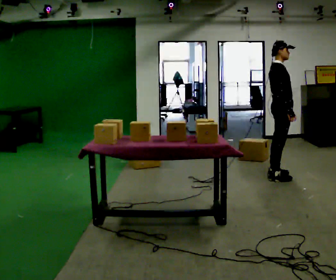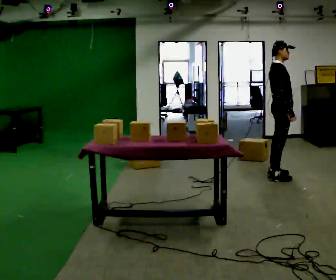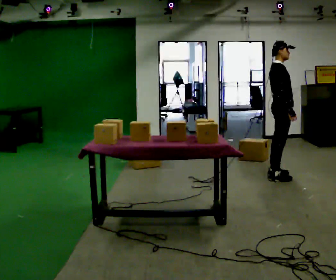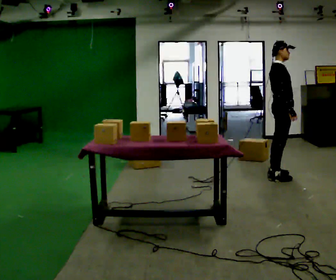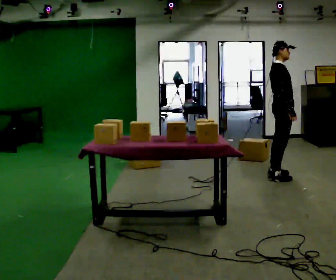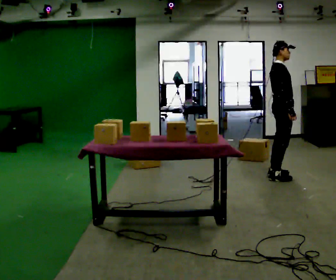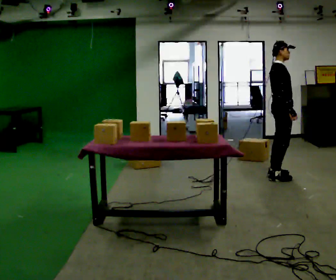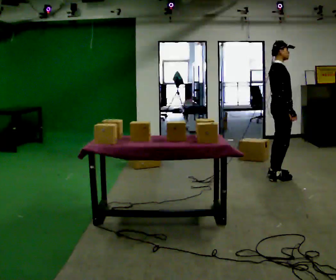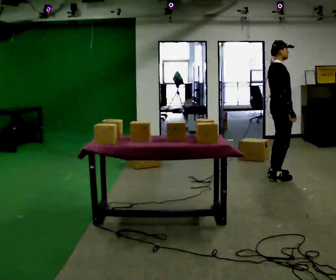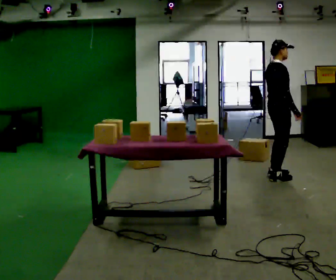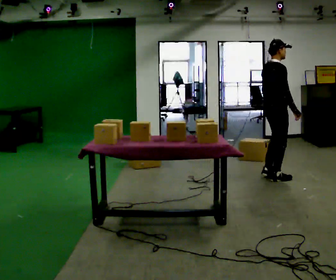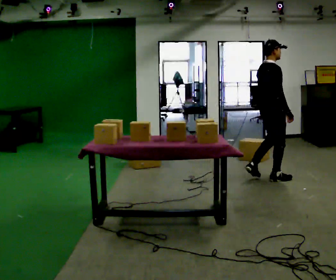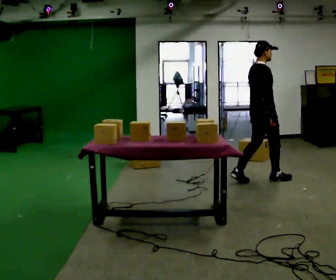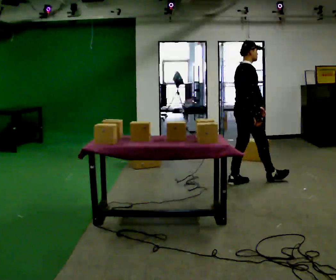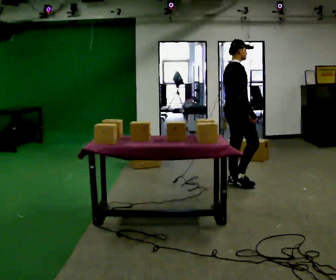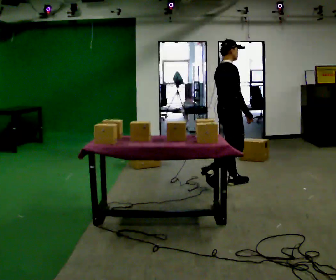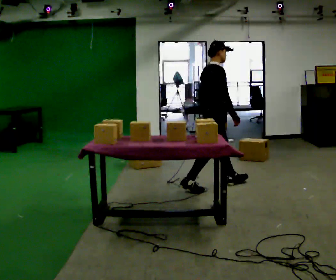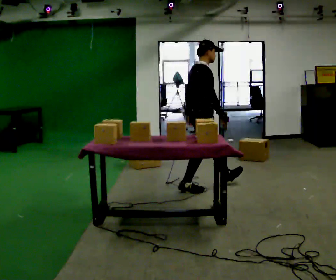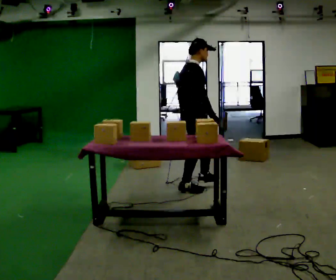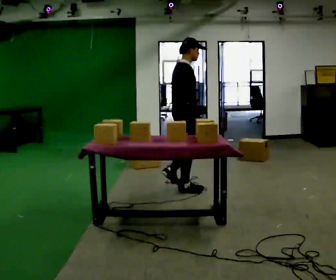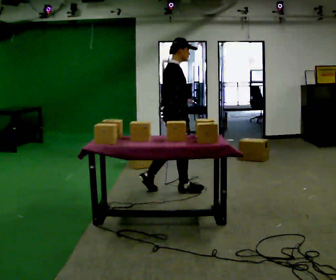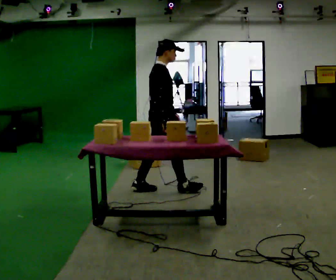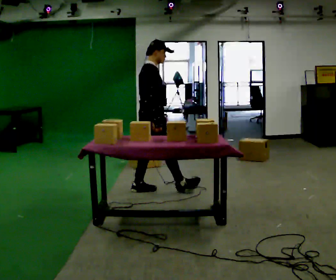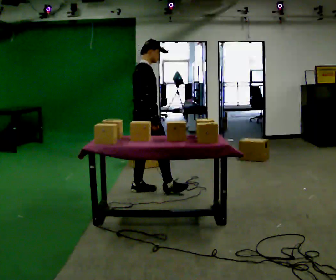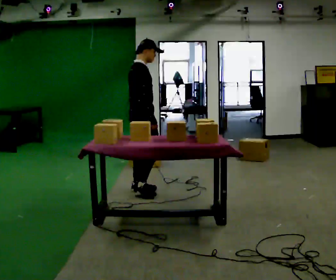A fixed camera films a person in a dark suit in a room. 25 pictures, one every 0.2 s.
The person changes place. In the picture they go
to the left.
0.0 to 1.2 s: The person moves a little, or ends about where they began.
1.2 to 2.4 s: The part of the body nearest the lens slides to the right as the person turns to their left by about 30 degrees. In the picture they go toward the camera and to the left, about 0.25 m in 1 step, which for them is backward and to their right.
2.4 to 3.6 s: In the picture they go to the left and toward the camera, about 1 m in 2 steps, which for them is backward.
3.6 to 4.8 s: In the picture they go to the left, about 0.5 m in 1 step, which for them is backward.
The film runs backward here.
